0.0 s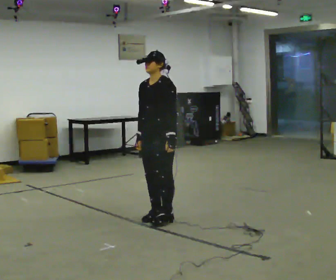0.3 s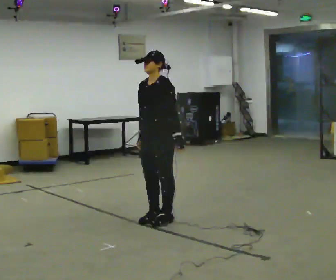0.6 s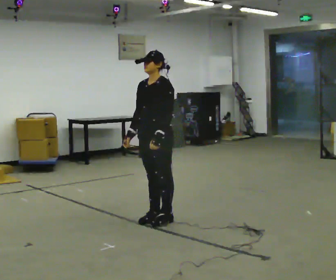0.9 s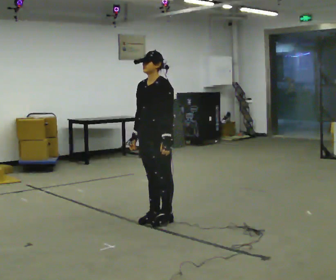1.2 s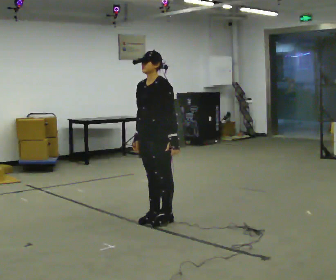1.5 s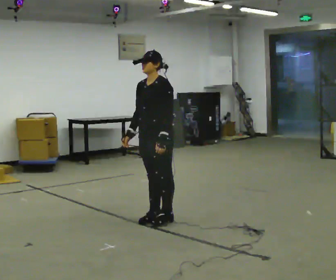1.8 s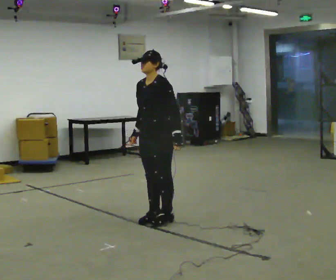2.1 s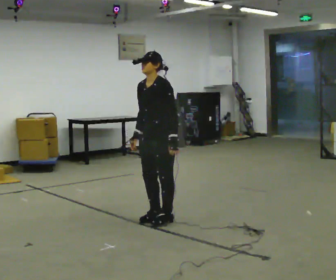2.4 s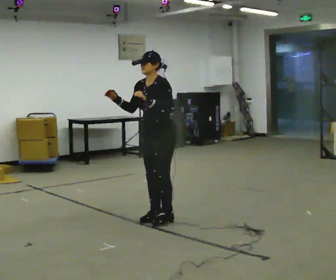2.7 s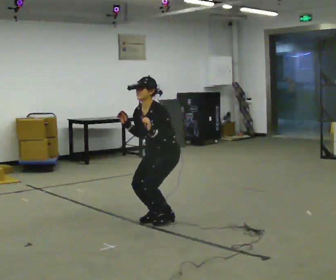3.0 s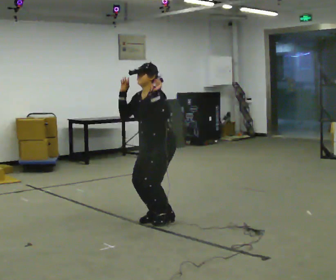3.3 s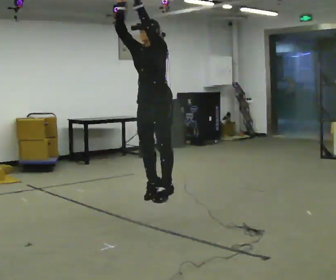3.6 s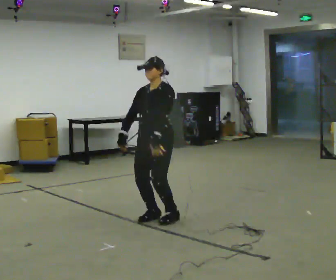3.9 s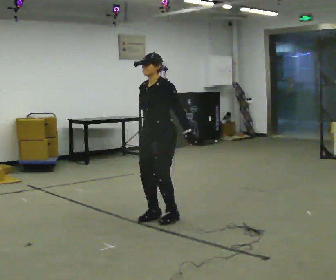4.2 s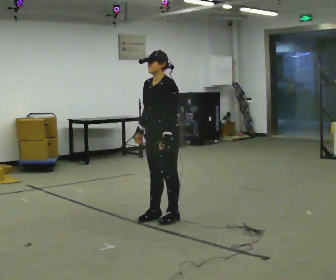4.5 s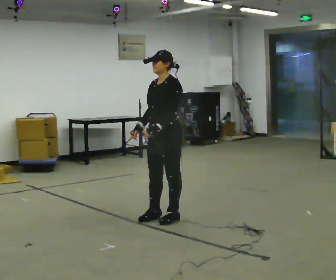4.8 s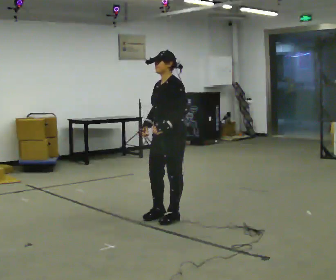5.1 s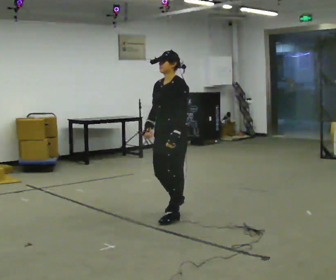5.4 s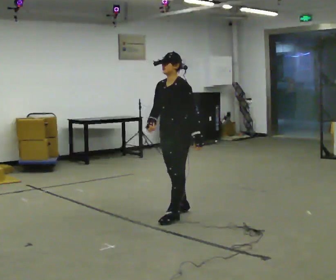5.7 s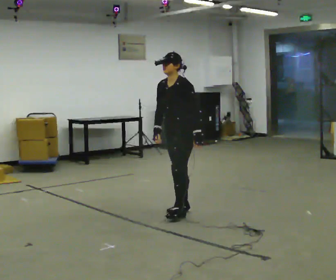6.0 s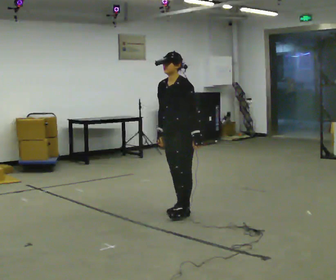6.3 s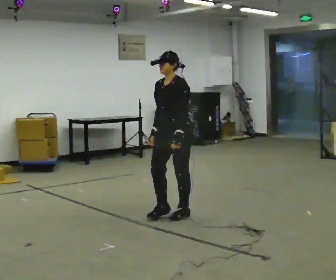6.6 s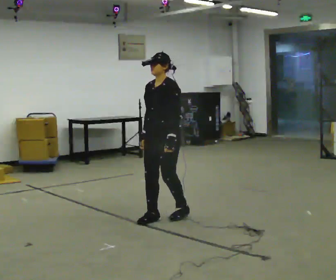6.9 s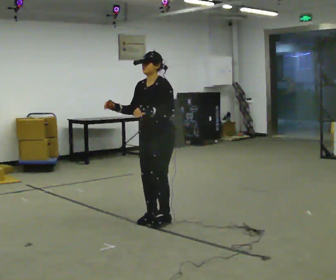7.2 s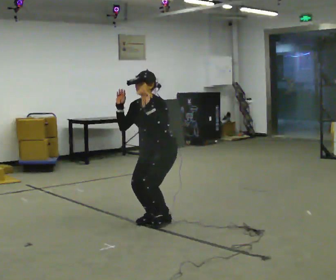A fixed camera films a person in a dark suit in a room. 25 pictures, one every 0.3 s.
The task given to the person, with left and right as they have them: Mime a volleyball spike with no ball: approach in place, jump and strike downward. Repeat the movement at your own pace until the operator says stop; do not rush.
0.0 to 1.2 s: The person moves a little, or ends about where they began.
1.2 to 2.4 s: In the picture their left hand goes upward.
2.4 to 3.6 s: In the picture their right hand goes downward.
3.6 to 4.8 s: The person moves a little, or ends about where they began.
4.8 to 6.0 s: In the picture they go away from the camera, about 0.25 m in 2 steps, which for them is backward.
6.0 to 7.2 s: In the picture they go to the left and toward the camera, about 0.25 m in 2 steps, which for them is forward. The shoulders move downward. The upper body tips toward the camera, its near side rolling downward, as they bend forward.
The film runs forward here.
